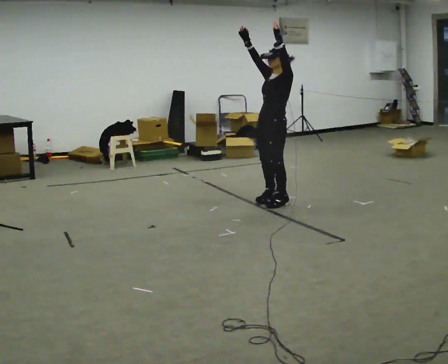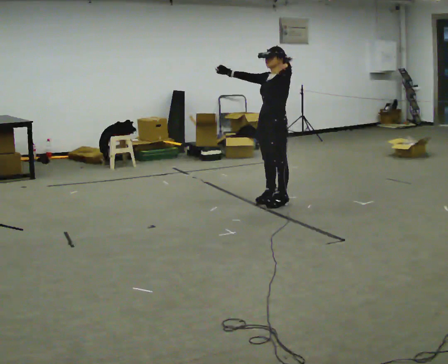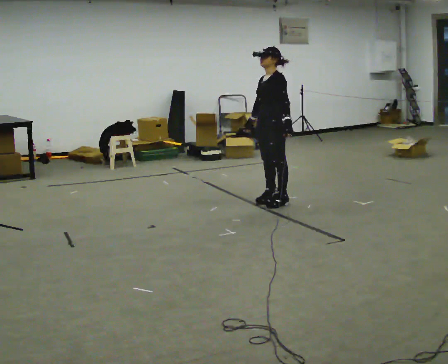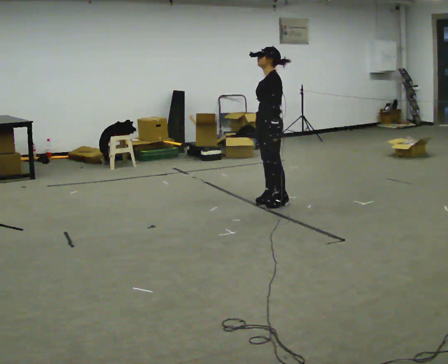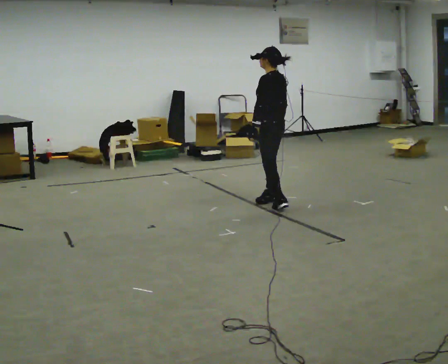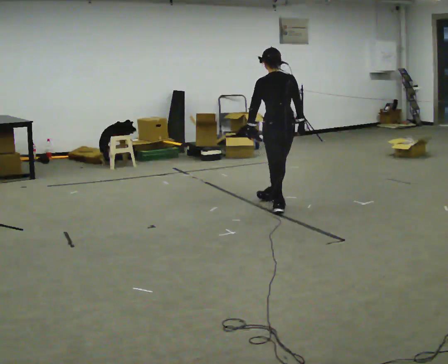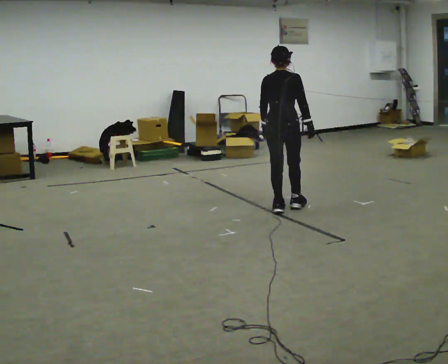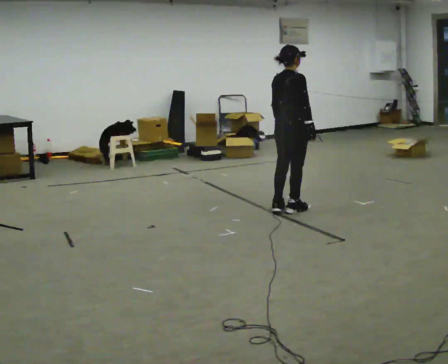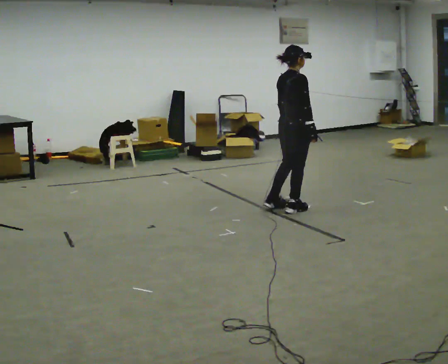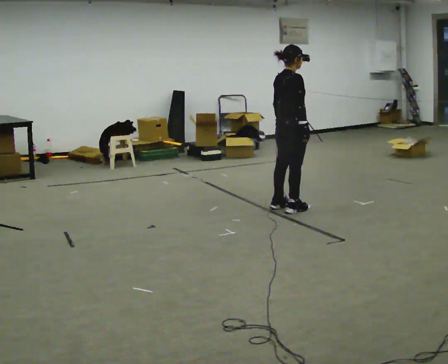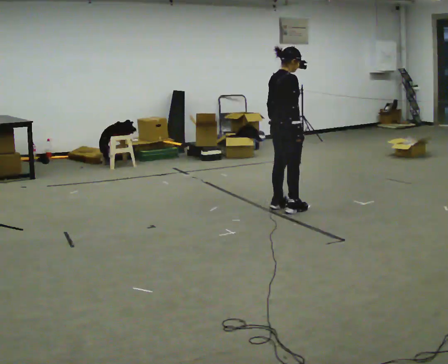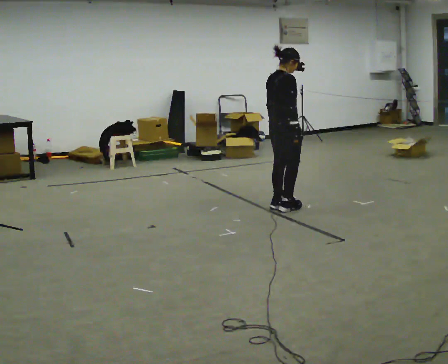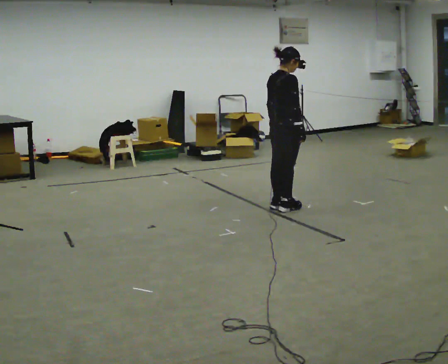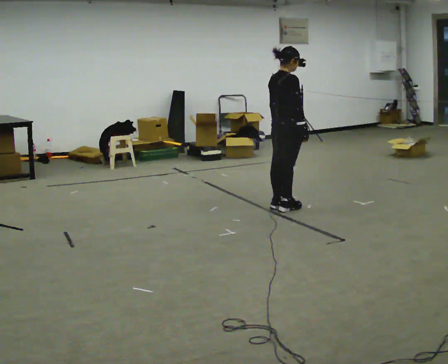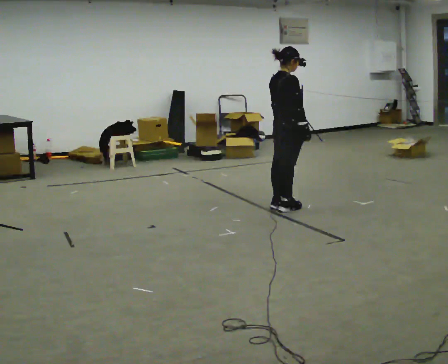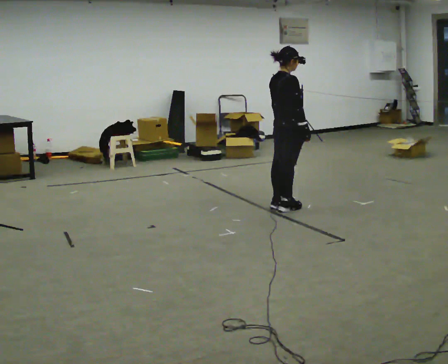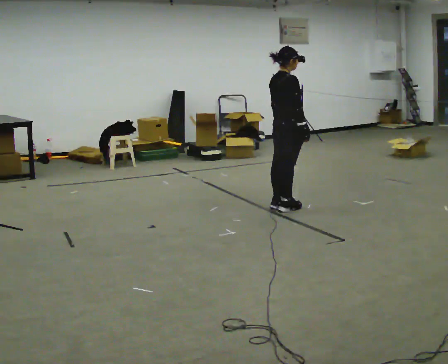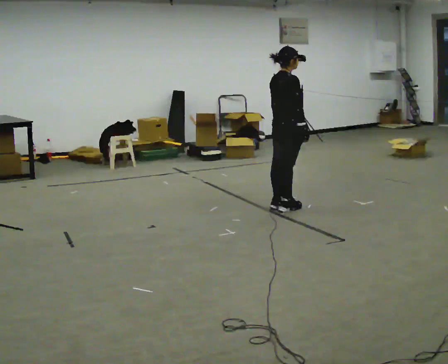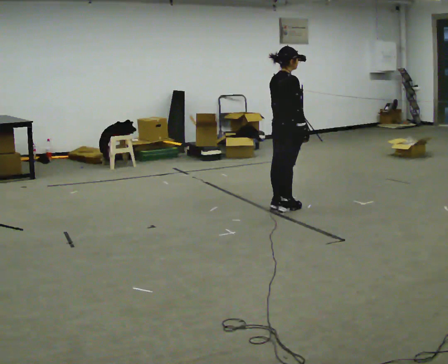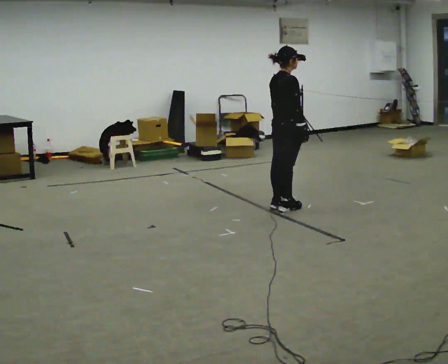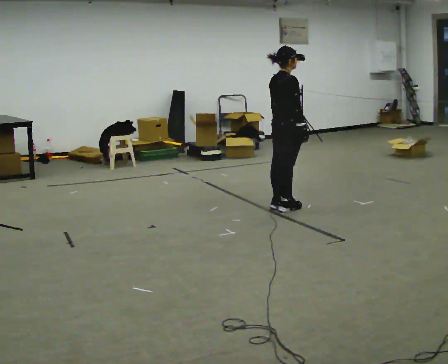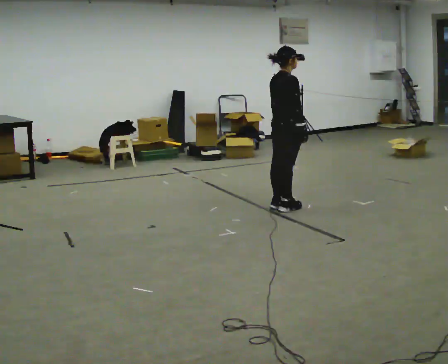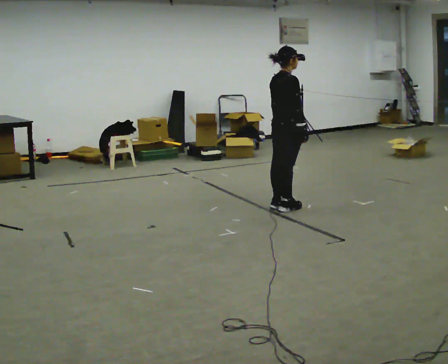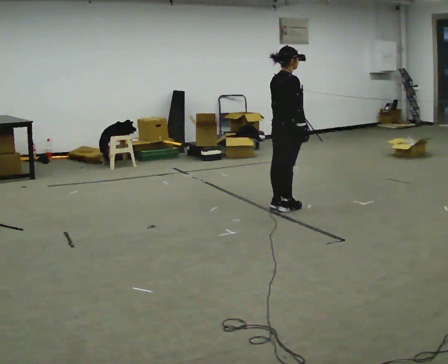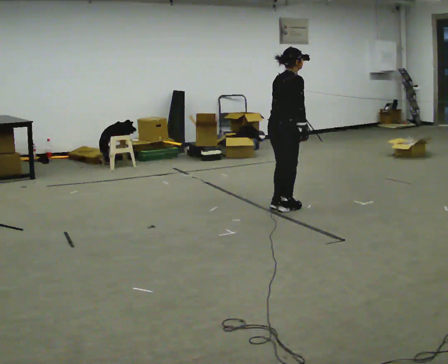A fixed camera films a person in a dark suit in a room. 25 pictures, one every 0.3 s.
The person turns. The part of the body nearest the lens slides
to the left.
Their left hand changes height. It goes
downward.
0.0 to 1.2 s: Seen from above the body turns clockwise, about 75 degrees: to their right, with its near side sliding to the left. In the picture their right hand goes downward and to the right, the arm swinging counterclockwise.
1.2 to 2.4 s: Seen from above the body turns clockwise, about 120 degrees: to their right, with its near side sliding to the left. In the picture they go to the right and toward the camera, about 0.25 m in 2 steps. In the picture their left hand goes to the right.
2.4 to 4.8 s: The person moves a little, or ends about where they began.
4.8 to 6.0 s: The person keeps their place and pose.
6.0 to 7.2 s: The person moves a little, or ends about where they began.
The film runs forward here.
